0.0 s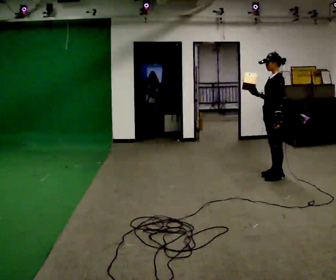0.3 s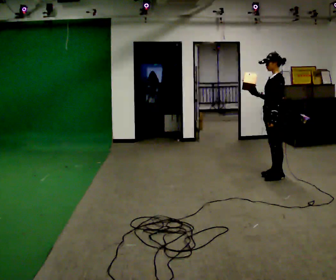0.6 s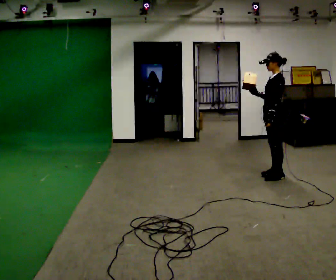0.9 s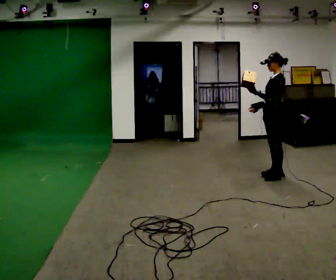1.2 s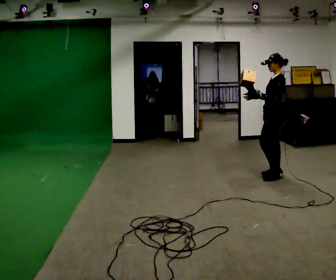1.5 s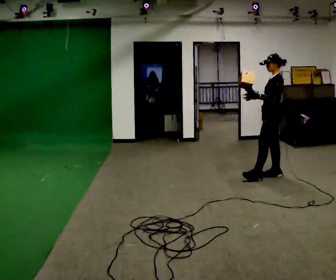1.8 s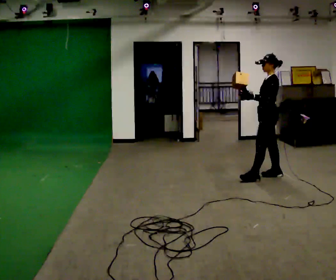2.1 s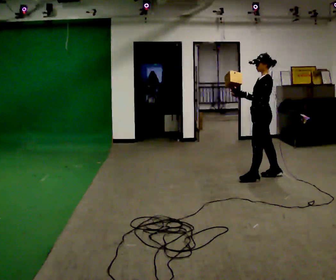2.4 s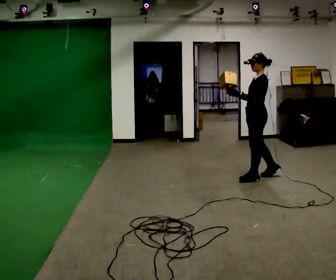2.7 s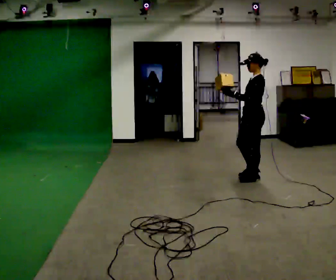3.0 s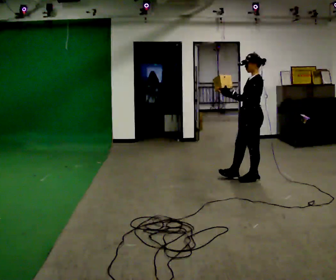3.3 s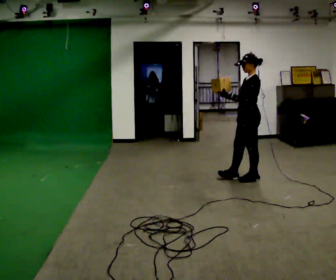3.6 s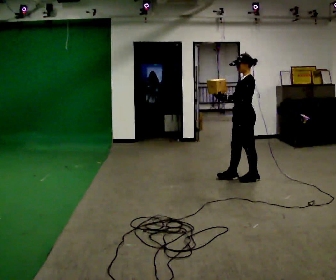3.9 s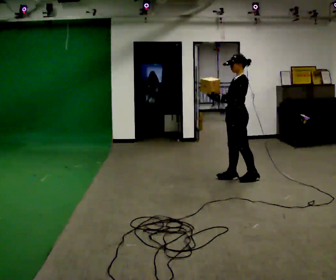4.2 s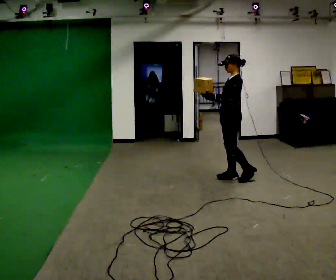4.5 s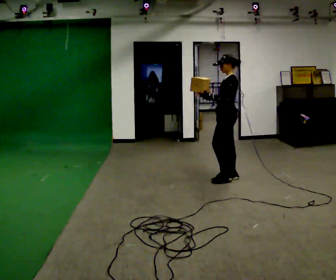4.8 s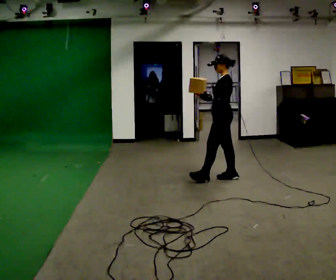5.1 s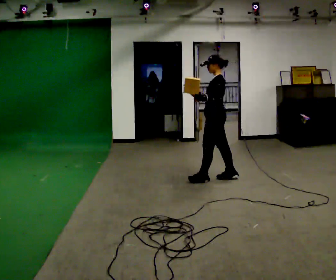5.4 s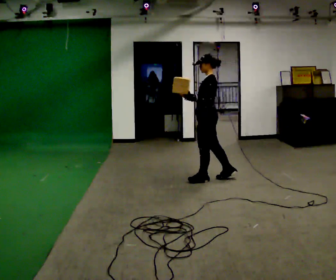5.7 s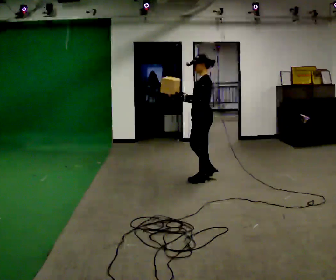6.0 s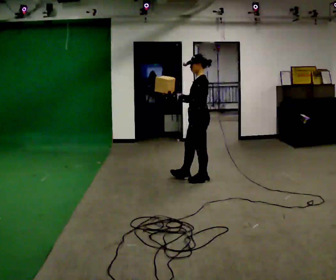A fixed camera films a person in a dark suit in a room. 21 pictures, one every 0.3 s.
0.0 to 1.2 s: The person moves a little, or ends about where they began.
1.2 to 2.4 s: In the picture they go to the left and toward the camera, about 0.25 m in 1 step, which for them is forward.
2.4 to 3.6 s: In the picture they go to the left, about 0.25 m in 1 step, which for them is forward.
3.6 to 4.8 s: In the picture they go to the left, about 0.25 m in 1 step, which for them is forward and to their right.
4.8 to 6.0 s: In the picture they go to the left and toward the camera, about 0.25 m, which for them is forward.
The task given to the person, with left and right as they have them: Carry the object in one hand and, while walking, pass it to your other hand. Keep passing it back and forth as you walk.
The film runs forward here.
